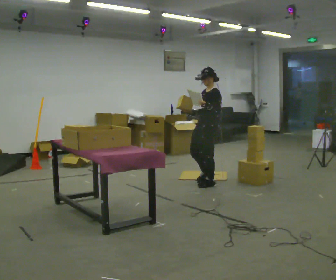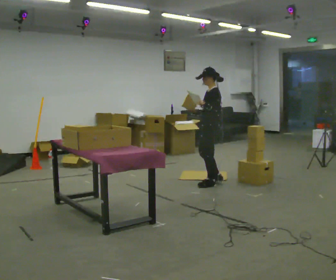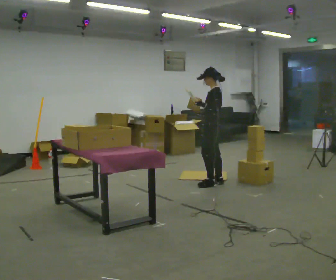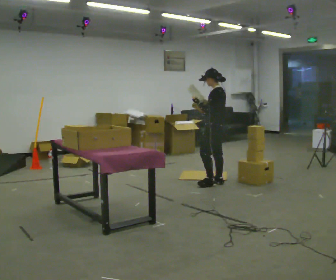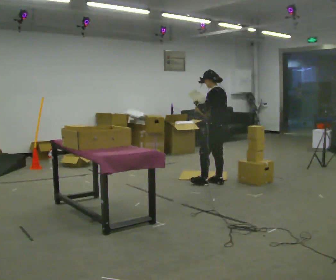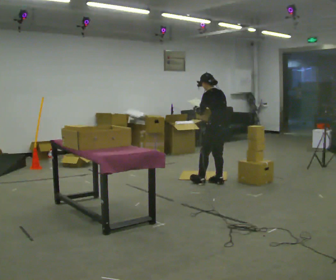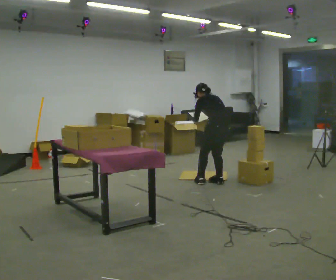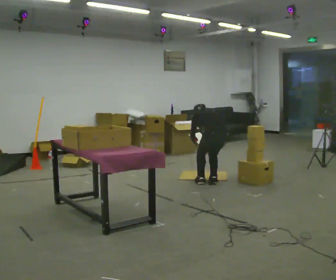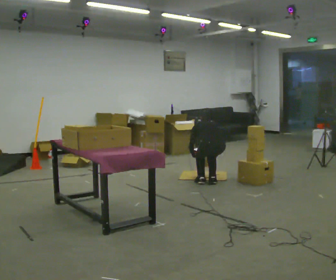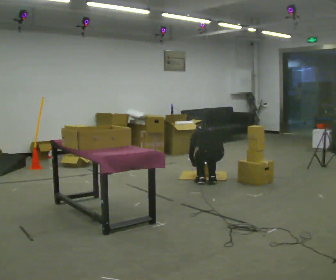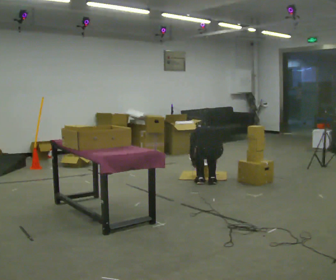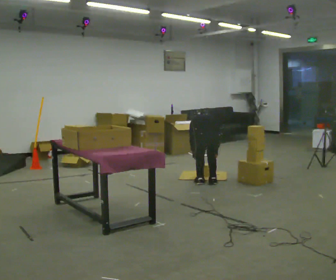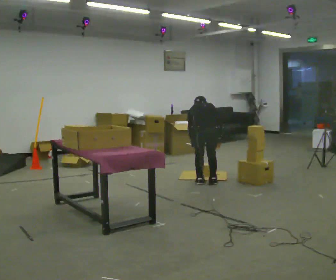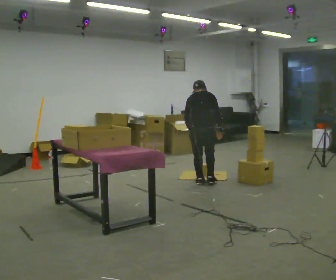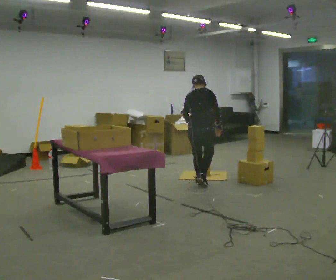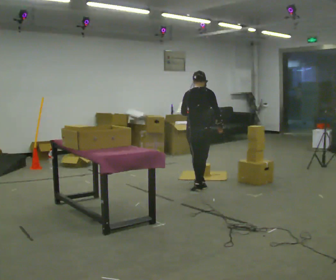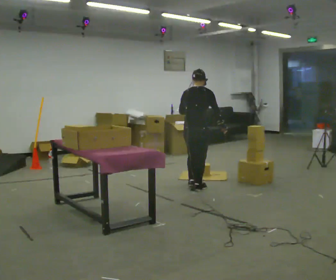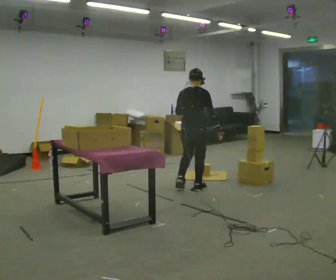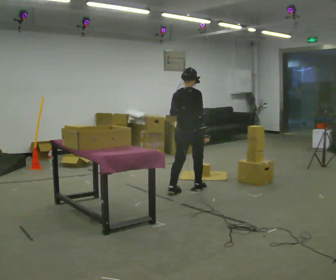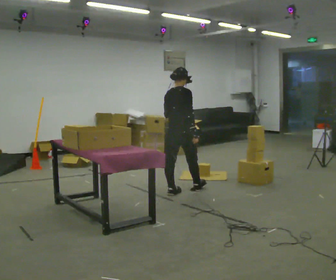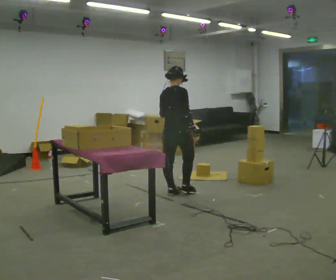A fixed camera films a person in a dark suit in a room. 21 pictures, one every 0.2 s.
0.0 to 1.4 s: The person turns about 90 degrees to their right, clockwise seen from above, so the part of the body nearest the lens slides to the left. The shoulders move downward. The upper body tips away from the camera, its near side rolling upward, as they bend forward. In the picture their left hand goes downward.
1.4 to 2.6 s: Seen from above the body turns clockwise, about 30 degrees: to their right, with its near side sliding to the left. In the picture they go to the left, about 0.25 m in 1 step, which for them is to their left. In the picture the upper body tilts clockwise, shoulders to the right.
2.6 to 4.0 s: The person turns about 30 degrees to their right, clockwise seen from above, so the part of the body nearest the lens slides to the left. In the picture they go toward the camera and to the left, about 0.5 m in 2 steps, which for them is backward. The upper body tips toward the camera, its near side rolling downward, as they lean back or straighten.
The film runs backward here.
